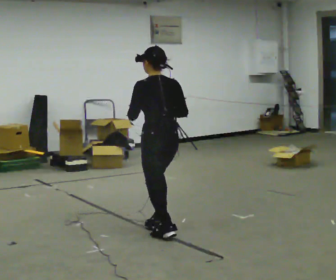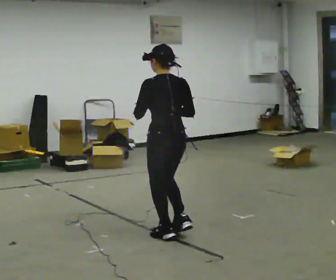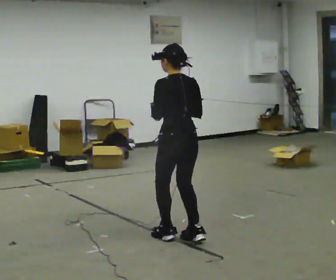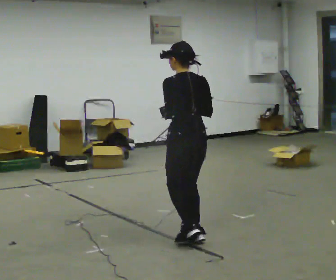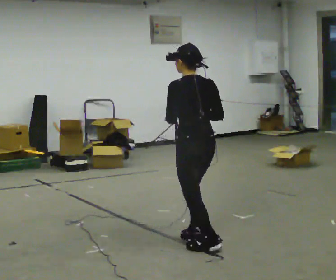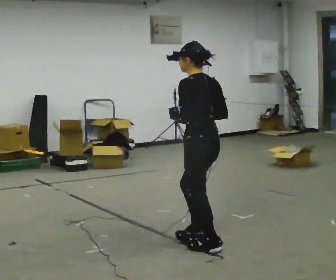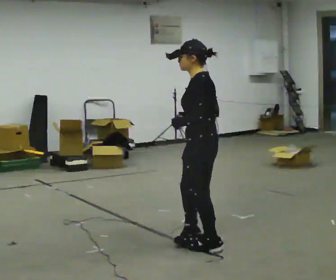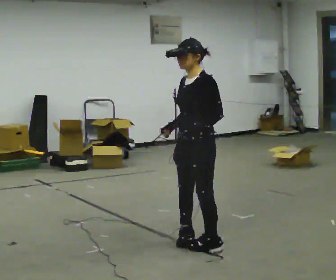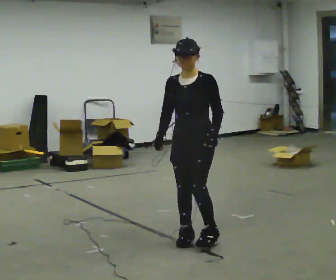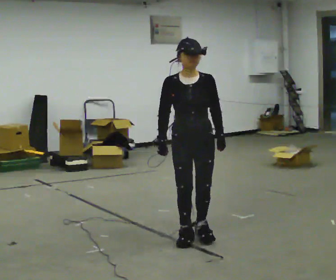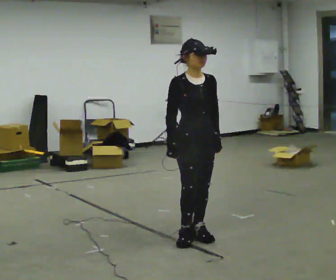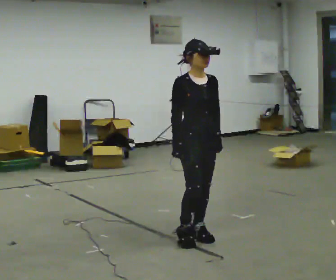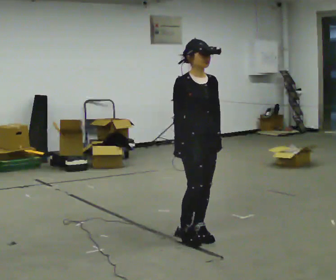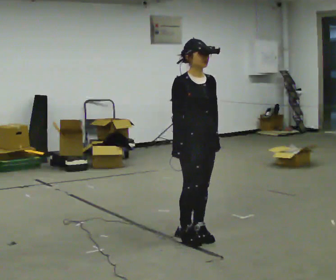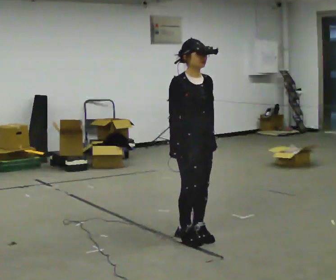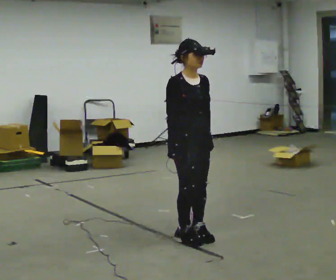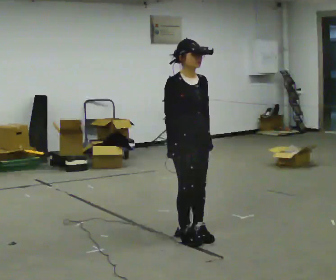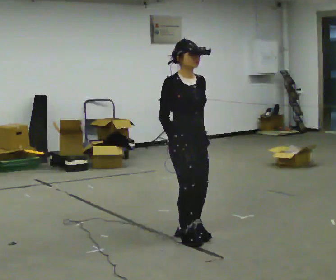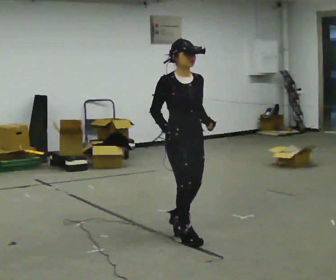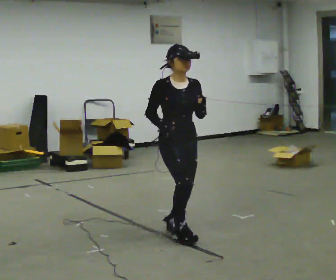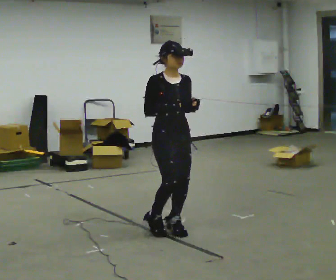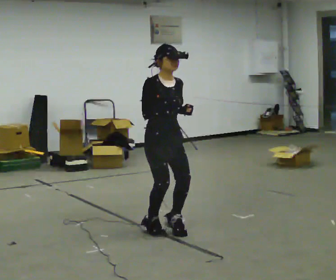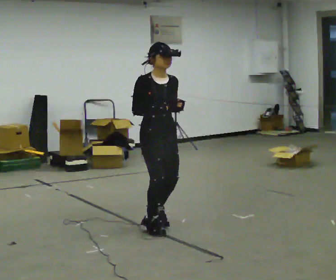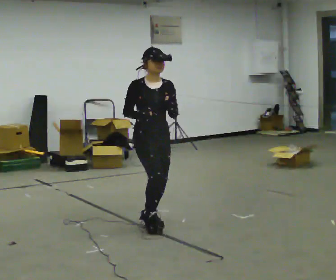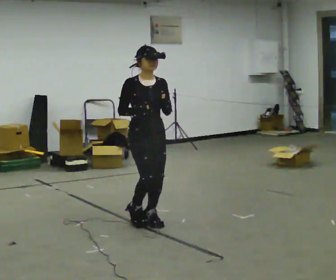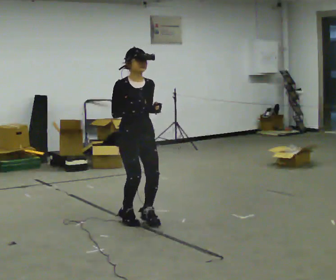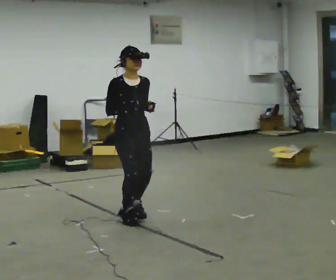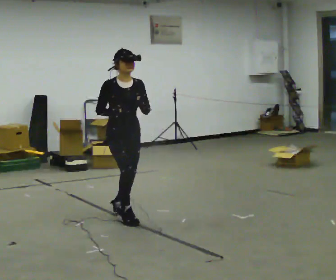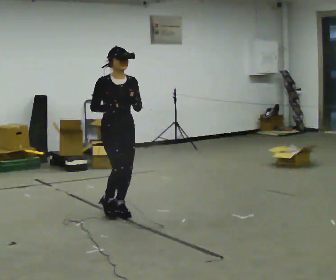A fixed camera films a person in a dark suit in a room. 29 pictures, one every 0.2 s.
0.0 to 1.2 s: Seen from above the body turns counterclockwise, about 60 degrees: to their left, with its near side sliding to the right. In the picture they go toward the camera and to the right, about 0.5 m in 2 steps.
1.2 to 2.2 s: Seen from above the body turns counterclockwise, about 120 degrees: to their left, with its near side sliding to the right. In the picture they go away from the camera, about 0.25 m in 1 step.
2.2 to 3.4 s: The person moves a little, or ends about where they began.
3.4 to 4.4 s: In the picture they go away from the camera and to the left, about 0.25 m in 2 steps, which for them is backward.
4.4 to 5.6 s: In the picture they go away from the camera and to the left, about 0.5 m in 3 steps, which for them is backward.
The film runs forward here.
